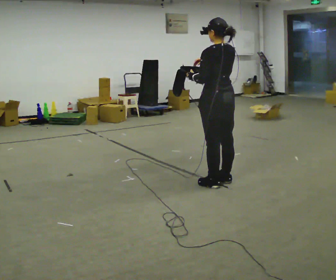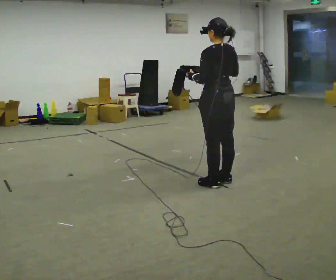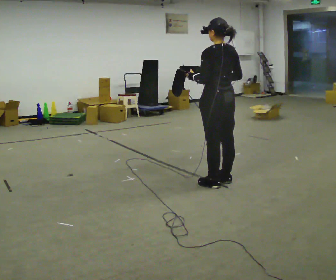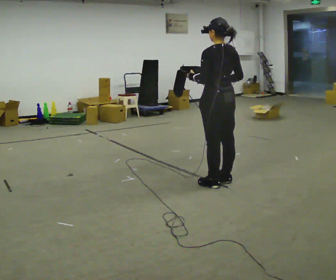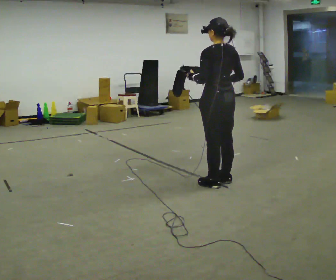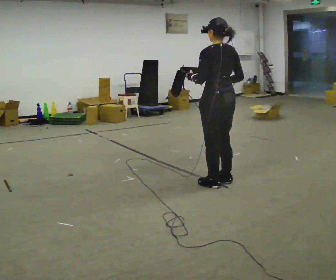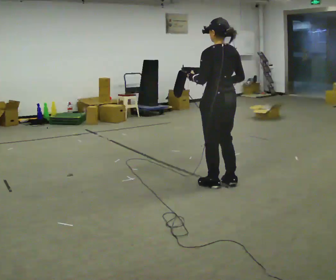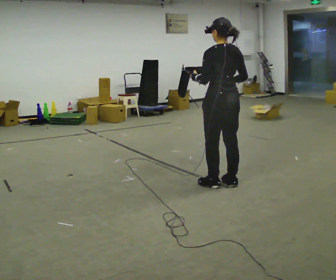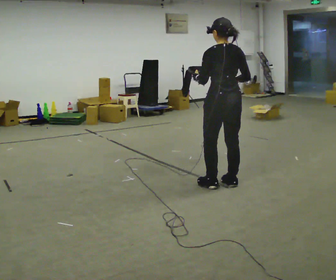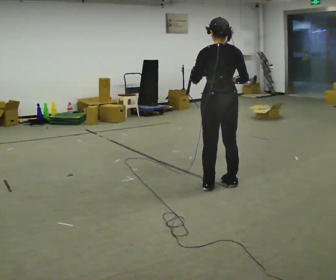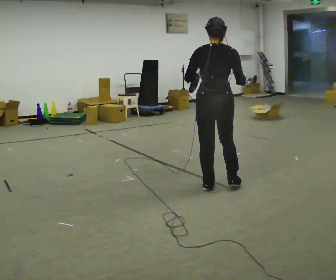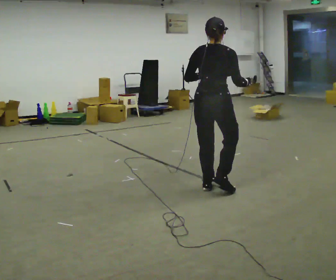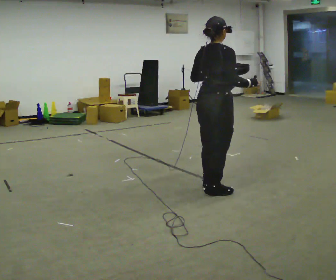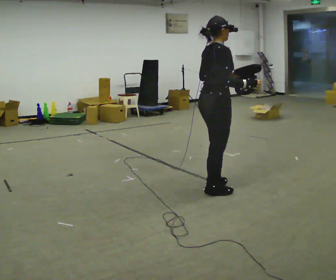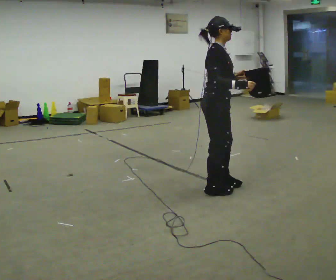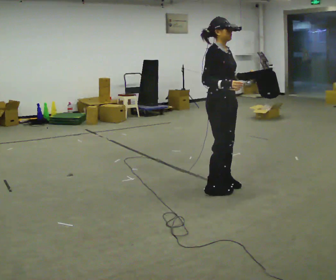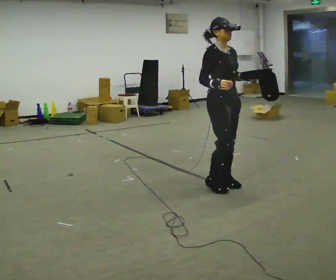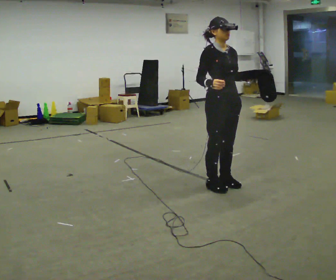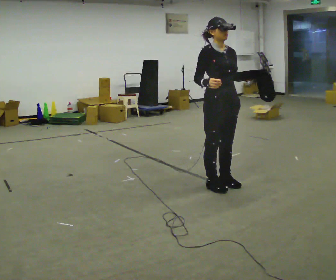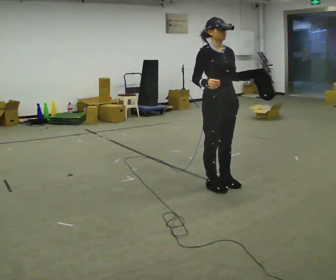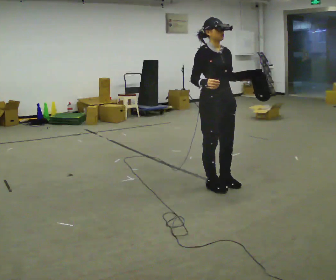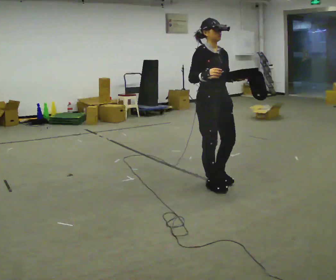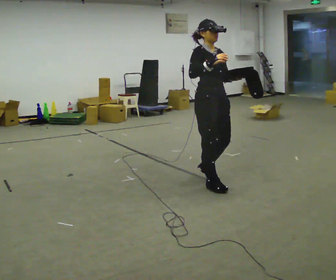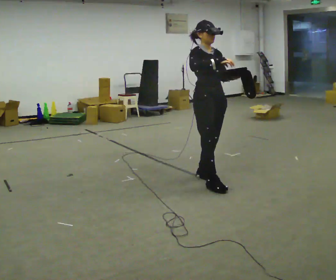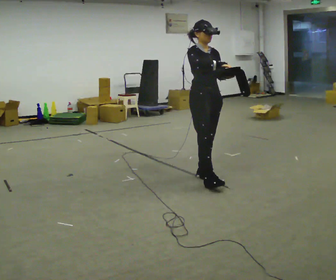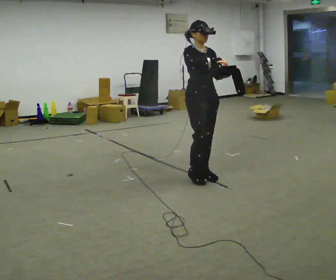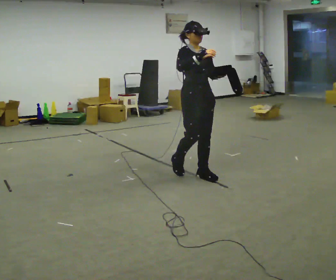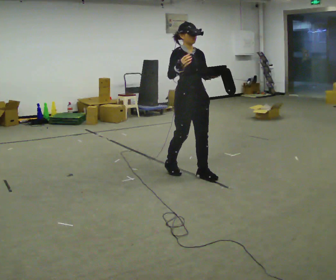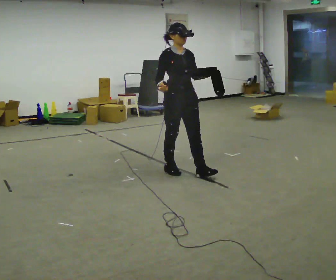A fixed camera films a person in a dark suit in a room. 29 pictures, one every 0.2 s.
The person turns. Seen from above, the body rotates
clockwise.
The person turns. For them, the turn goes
to their right.
0.0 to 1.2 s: The person moves a little, or ends about where they began.
1.2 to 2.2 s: The part of the body nearest the lens slides to the left as the person turns to their right by about 60 degrees.
2.2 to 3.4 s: Seen from above the body turns clockwise, about 120 degrees: to their right, with its near side sliding to the left.
3.4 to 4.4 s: The person moves a little, or ends about where they began.
4.4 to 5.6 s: In the picture they go to the left and away from the camera, about 0.5 m in 1 step, which for them is backward.
The film runs backward here.
